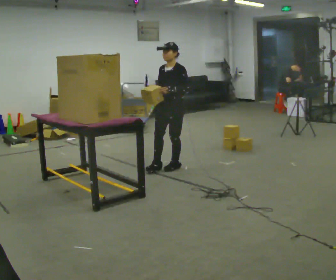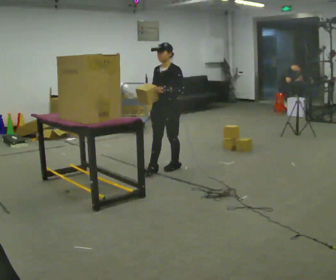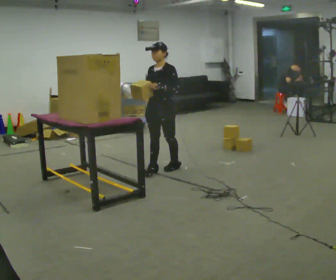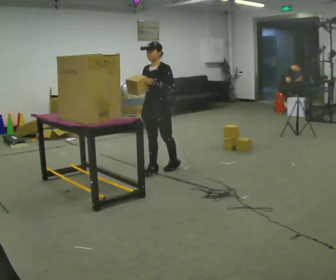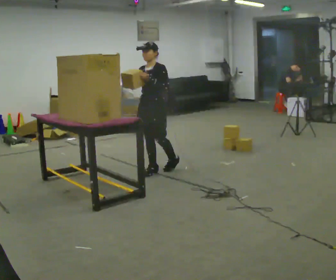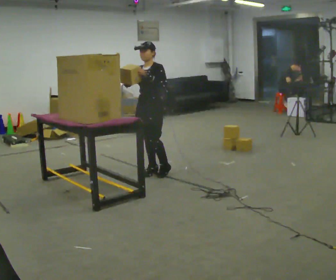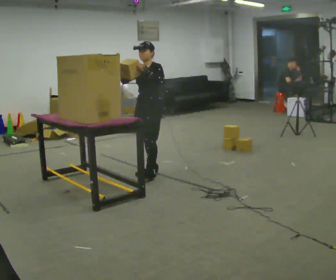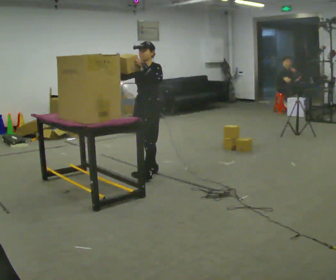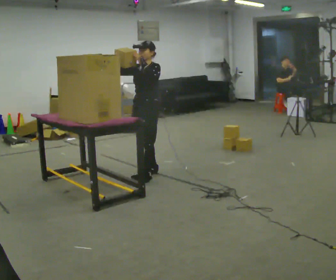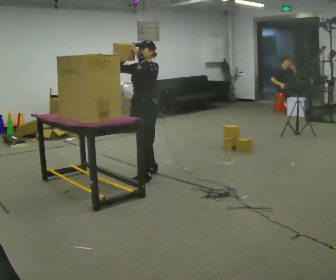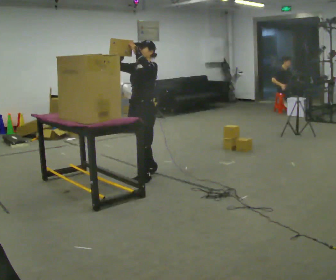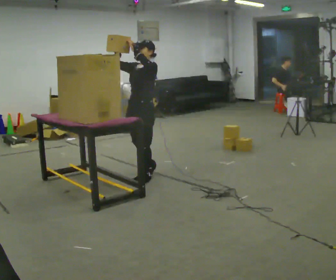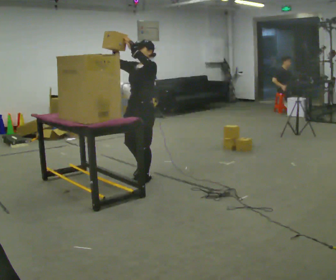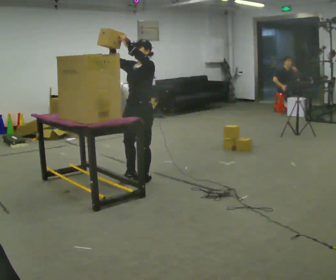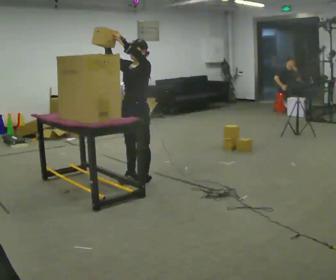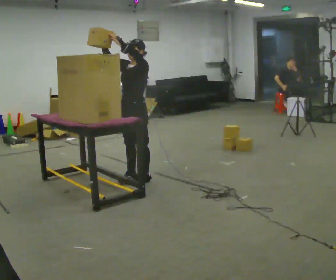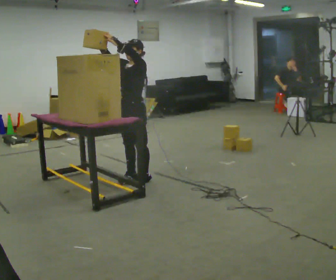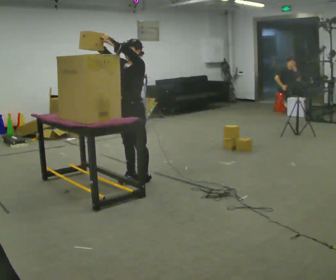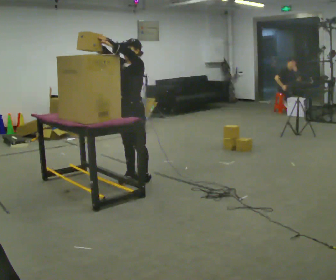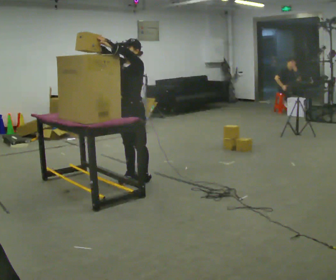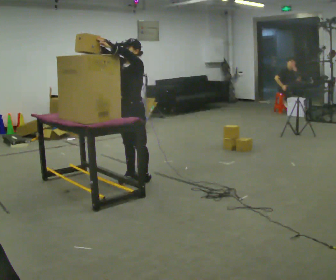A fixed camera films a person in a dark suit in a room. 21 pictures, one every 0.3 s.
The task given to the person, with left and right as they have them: Pick an object up off the floor, carry it across the room, and place it on the highest shelf you can comfortably reach. Keep going until the operator says stop; one object at a time, and do not rush between trips.
0.0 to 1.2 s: In the picture they go to the left, about 0.25 m in 1 step, which for them is forward.
1.2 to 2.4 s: The person moves a little, or ends about where they began.
2.4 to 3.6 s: In the picture they go toward the camera, about 0.25 m, which for them is forward and to their left.
3.6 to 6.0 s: The person moves a little, or ends about where they began.
The film runs forward here.
